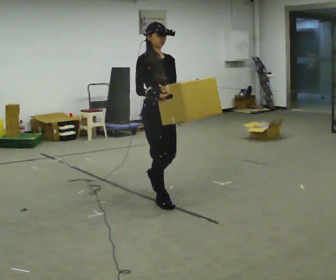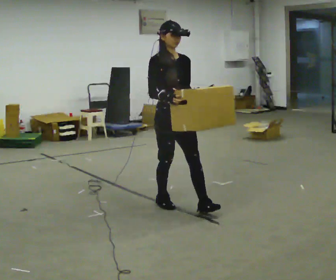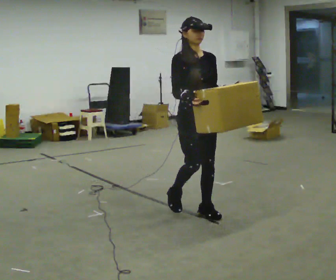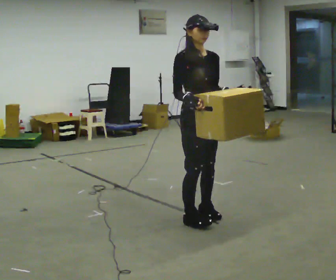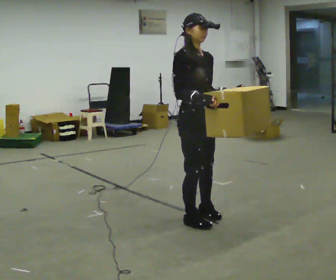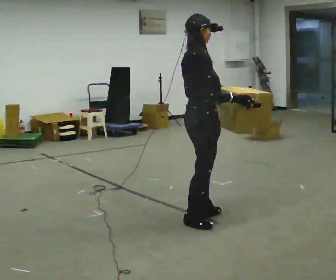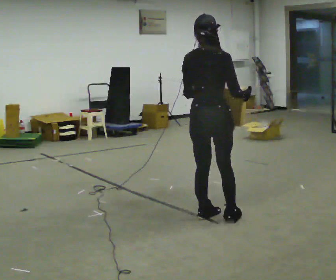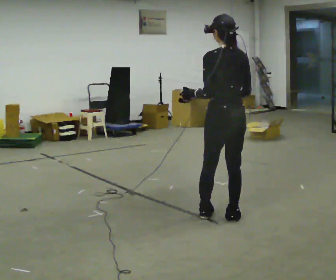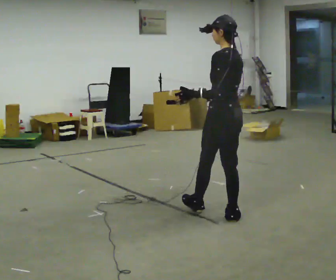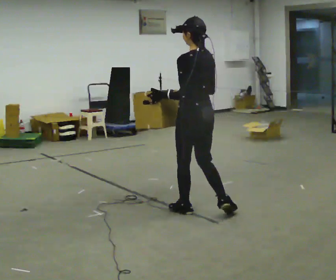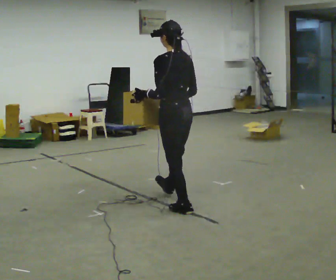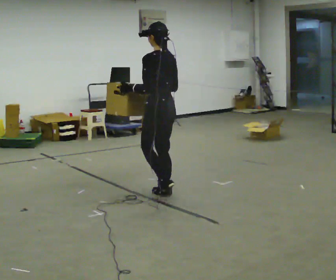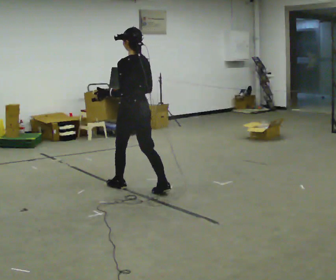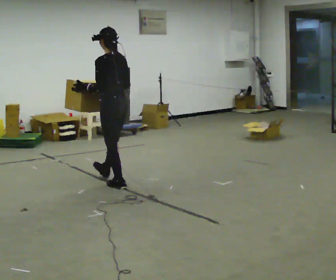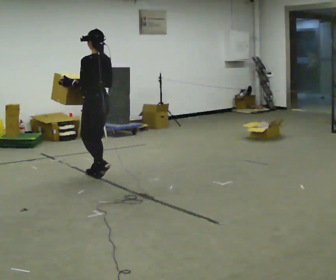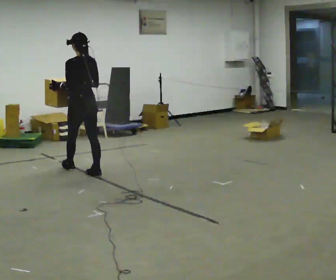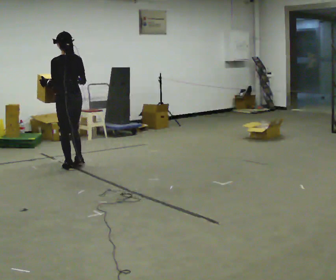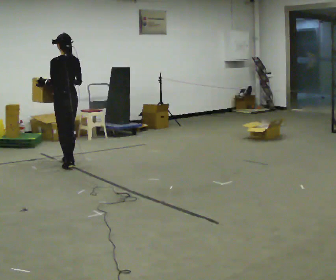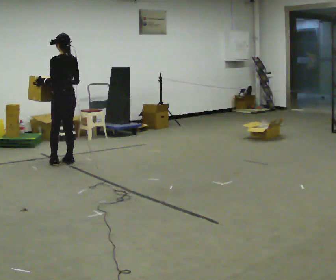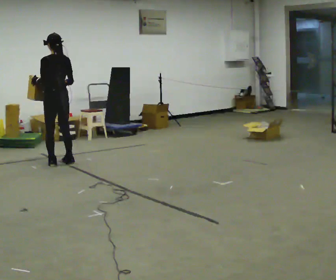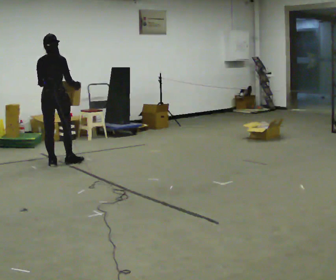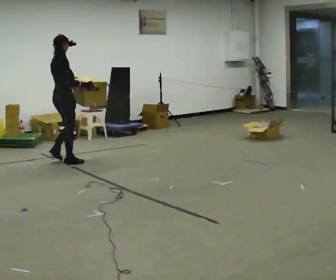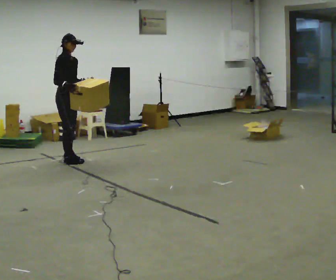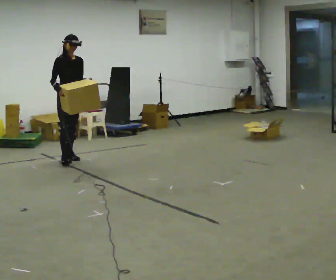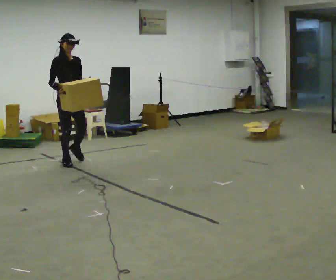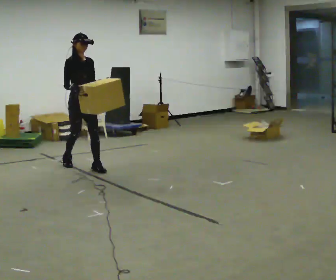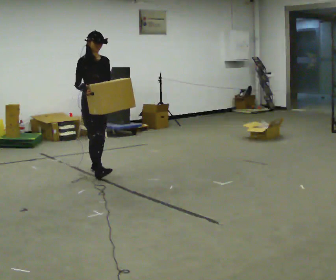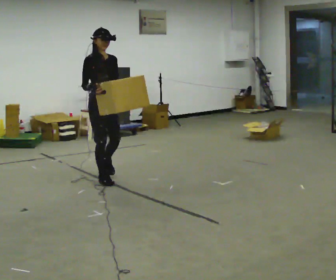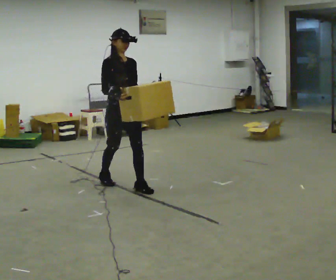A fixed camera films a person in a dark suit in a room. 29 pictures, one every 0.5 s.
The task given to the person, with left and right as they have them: Carry the box across the room much more slowly and carefully than normal, back and forth.
0.0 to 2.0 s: In the picture they go toward the camera, about 0.75 m in 2 steps, which for them is forward.
2.0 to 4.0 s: Seen from above the body turns counterclockwise, about 180 degrees: to their left, with its near side sliding to the right. In the picture they go to the right, about 0.25 m in 1 step.
4.0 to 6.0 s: In the picture they go away from the camera and to the left, about 1 m in 2 steps, which for them is forward.
6.0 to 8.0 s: In the picture they go away from the camera and to the left, about 1 m in 2 steps, which for them is forward.
8.0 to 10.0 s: The person turns about 45 degrees to their right, clockwise seen from above, so the part of the body nearest the lens slides to the left. In the picture they go away from the camera and to the left, about 0.25 m in 2 steps, which for them is forward.
10.0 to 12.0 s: The part of the body nearest the lens slides to the left as the person turns to their right by about 135 degrees. In the picture they go to the right, about 0.25 m in 1 step.
12.0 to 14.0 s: In the picture they go toward the camera and to the right, about 1.5 m in 3 steps, which for them is forward.
The film runs forward here.
